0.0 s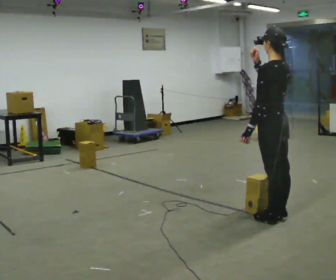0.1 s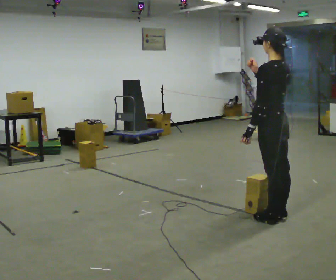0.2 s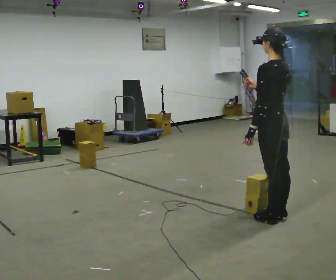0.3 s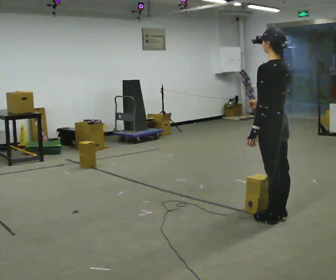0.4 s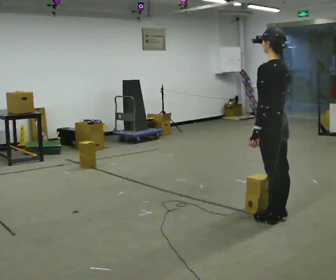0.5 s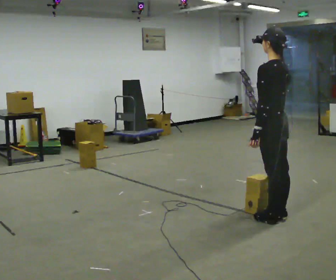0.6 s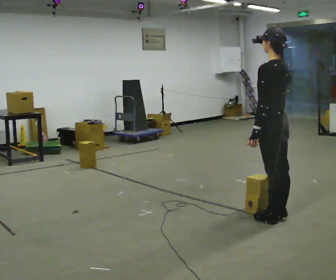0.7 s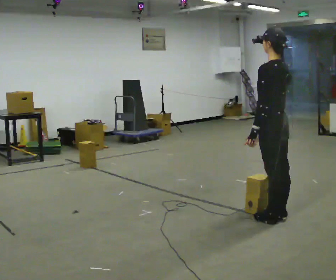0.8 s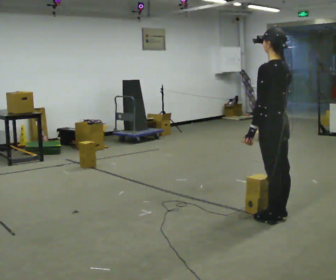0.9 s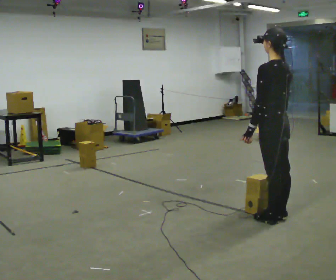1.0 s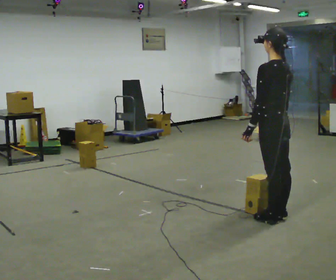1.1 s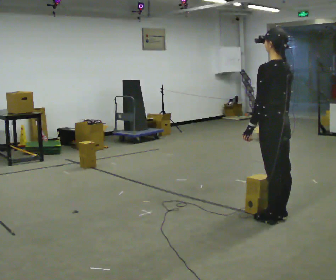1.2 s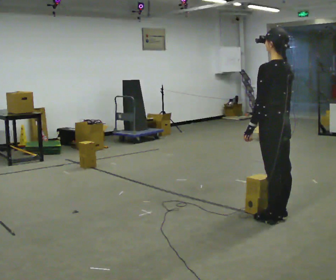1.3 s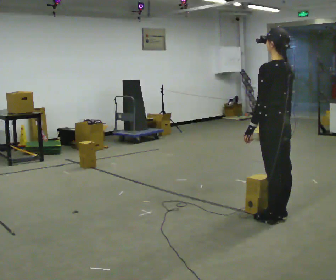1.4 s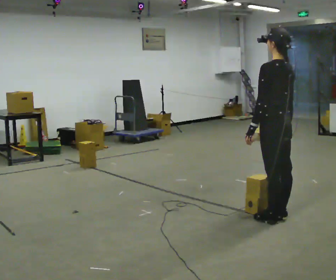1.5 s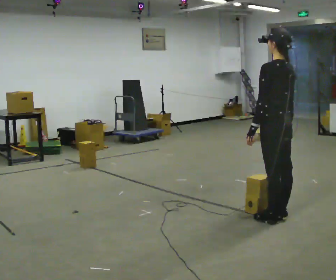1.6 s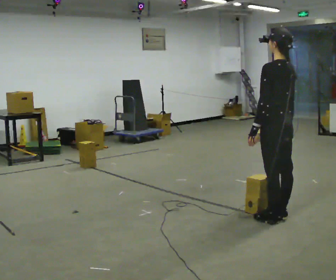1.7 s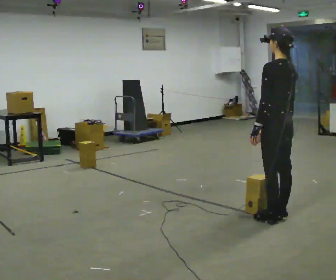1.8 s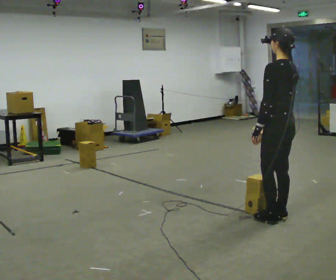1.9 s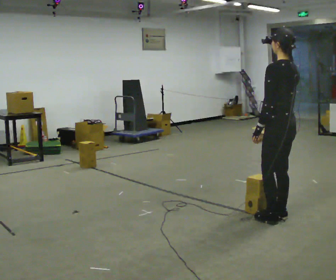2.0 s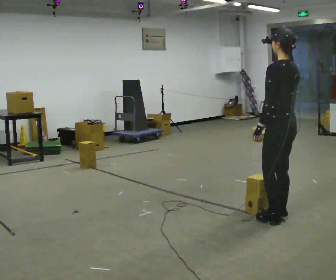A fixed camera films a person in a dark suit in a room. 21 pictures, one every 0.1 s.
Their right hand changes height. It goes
downward.
0.0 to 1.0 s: In the picture their right hand goes downward.
1.0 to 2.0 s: The person moves a little, or ends about where they began.
The film runs backward here.
